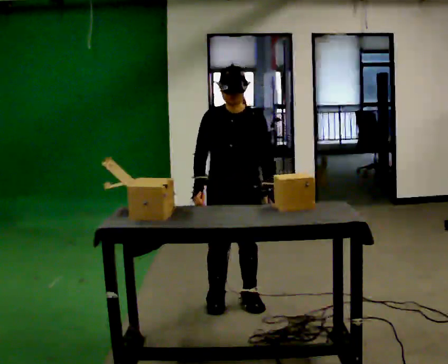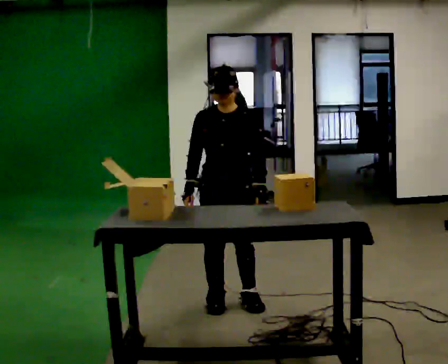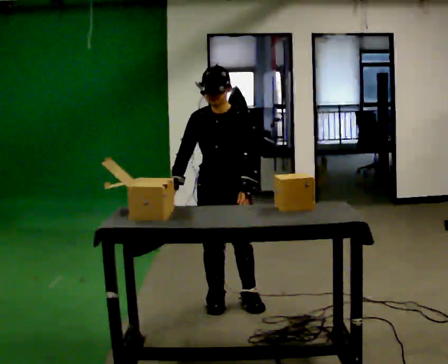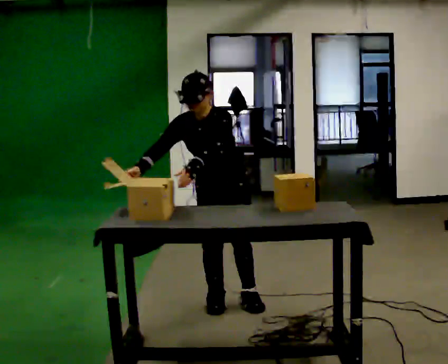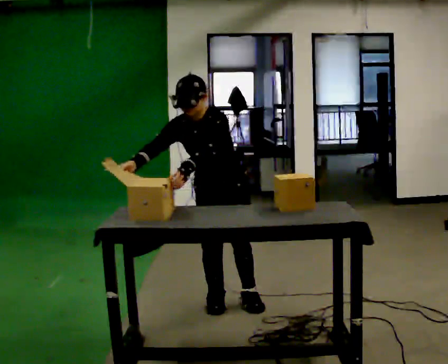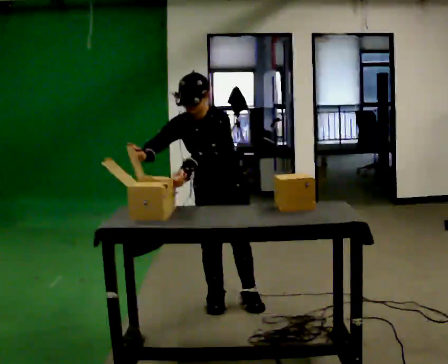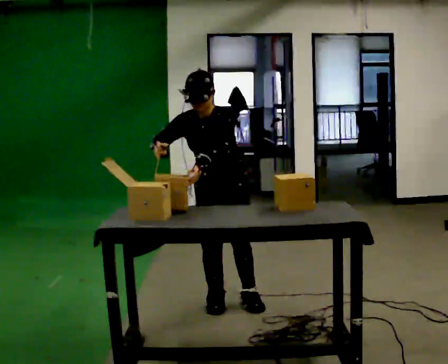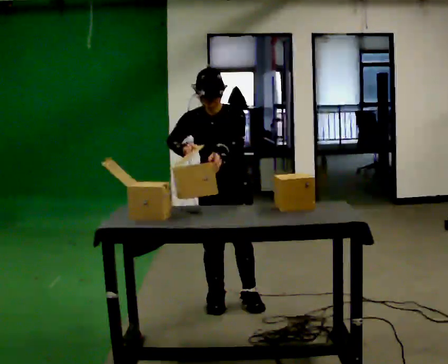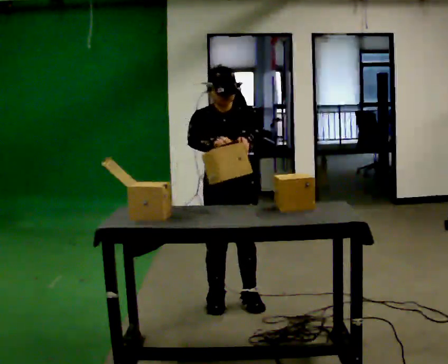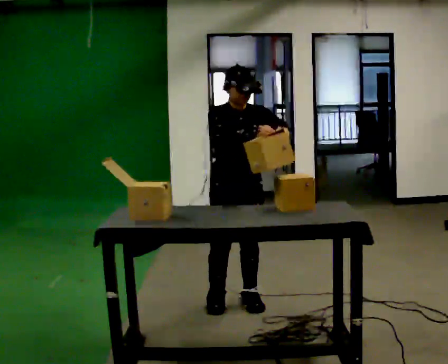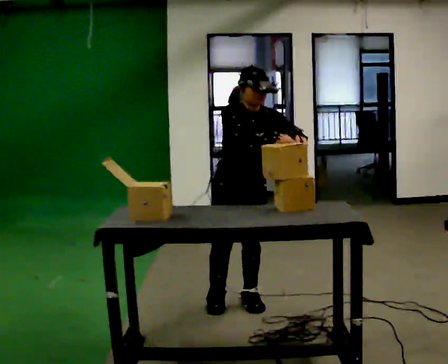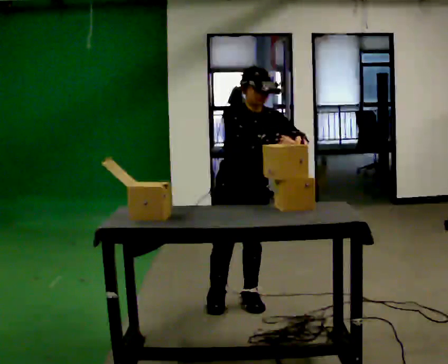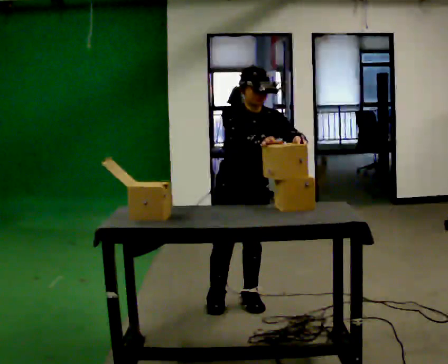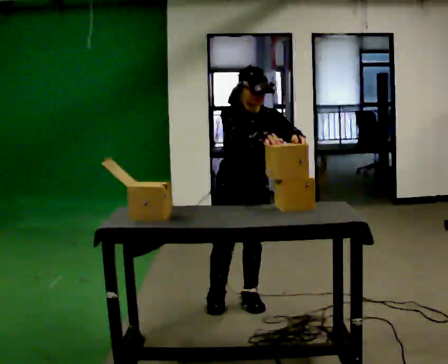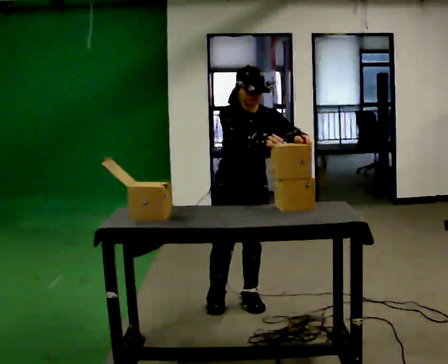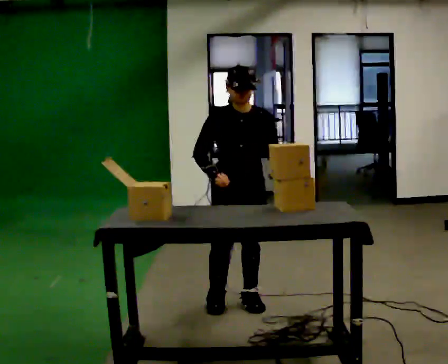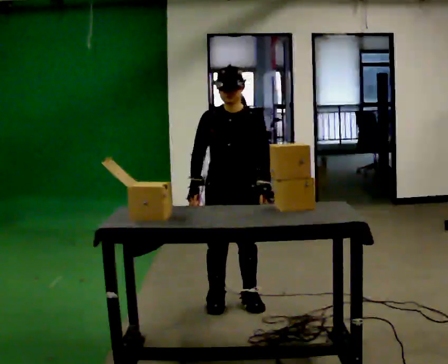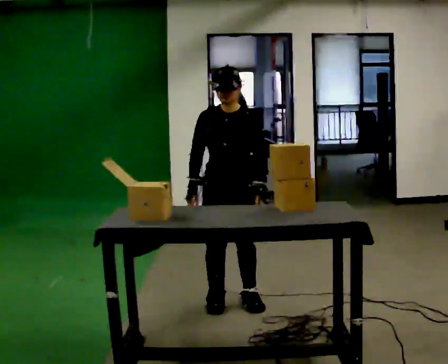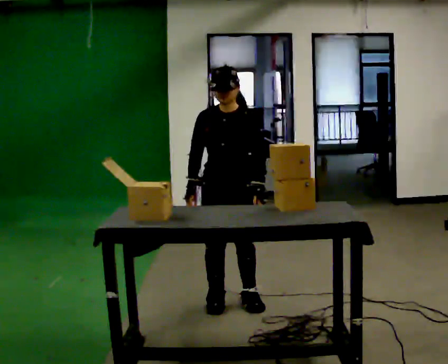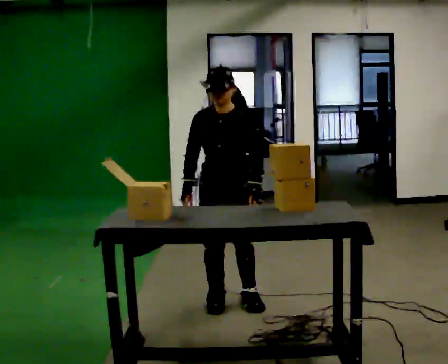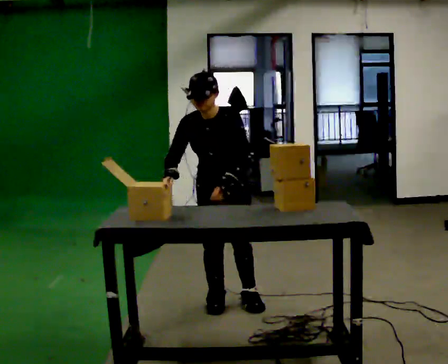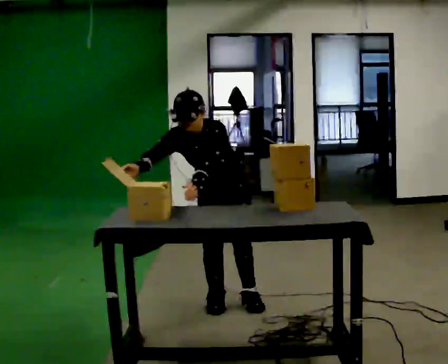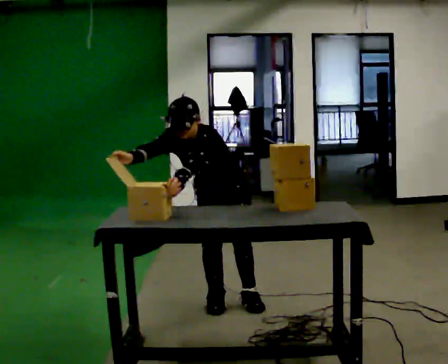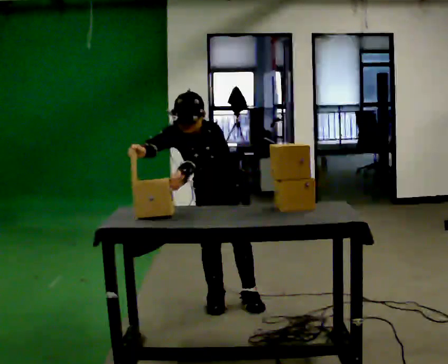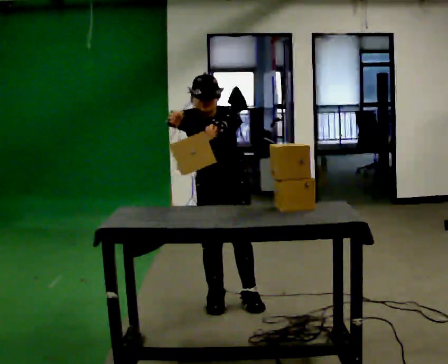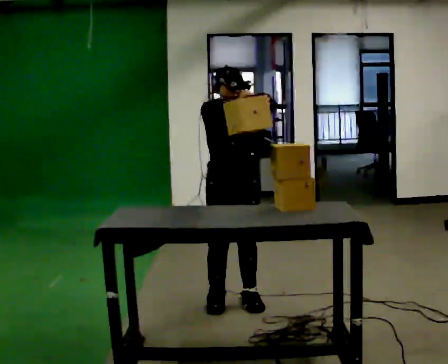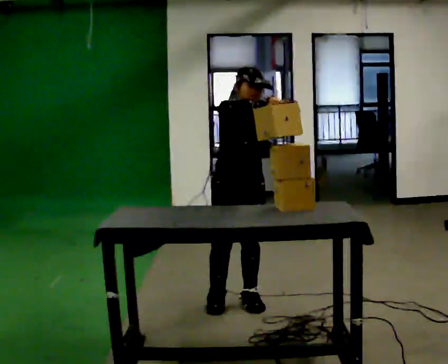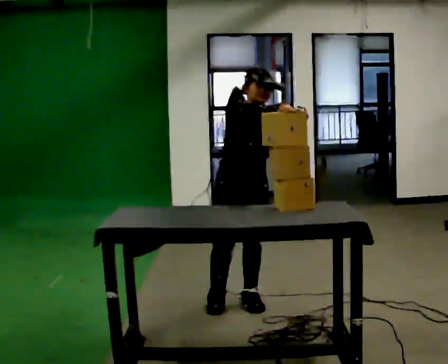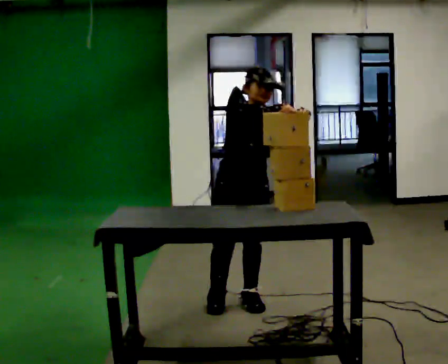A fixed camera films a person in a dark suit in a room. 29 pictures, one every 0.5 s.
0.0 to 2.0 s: The upper body tips toward the camera, its near side rolling downward, as they bend forward. In the picture their left hand goes to the left.
2.0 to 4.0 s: In the picture their right hand goes to the right.
4.0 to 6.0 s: The person moves a little, or ends about where they began.
6.0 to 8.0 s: In the picture their right hand goes to the left.
8.0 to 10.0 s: The upper body tips toward the camera, its near side rolling downward, as they bend forward.
10.0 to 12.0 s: In the picture their right hand goes upward.
12.0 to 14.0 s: In the picture the upper body tilts clockwise, shoulders to the right, as they lean back or straighten. In the picture their right hand goes to the right.
The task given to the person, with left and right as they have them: Take the stacked item apart piece by piece on the table, then put it back together. Repeat at your own pace until the operator says stop. Keep both feet on the marked spots for the whole take. If you have to step, stop and tell the operator.
The film runs forward here.
